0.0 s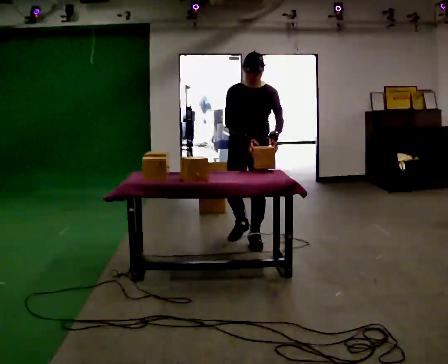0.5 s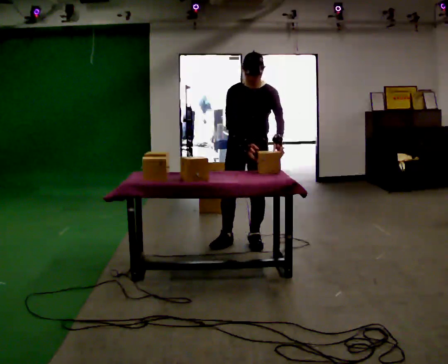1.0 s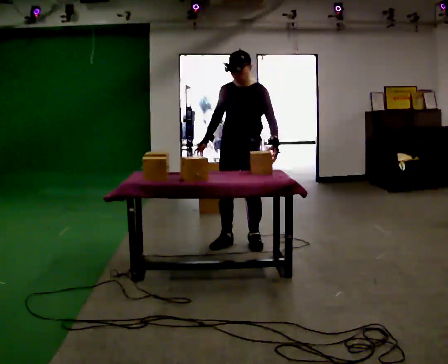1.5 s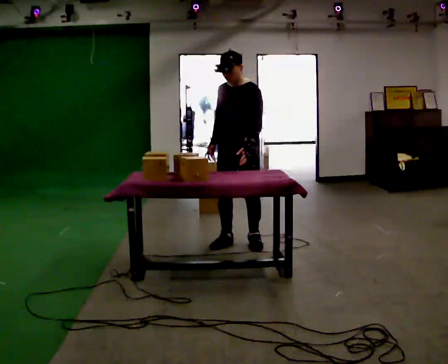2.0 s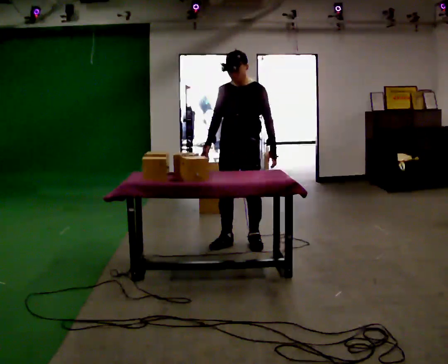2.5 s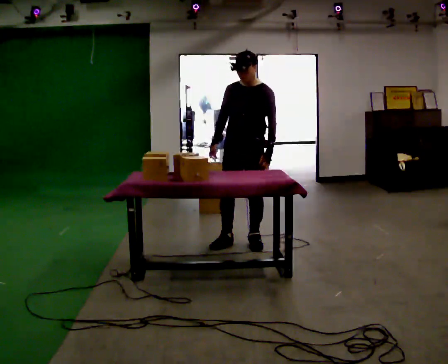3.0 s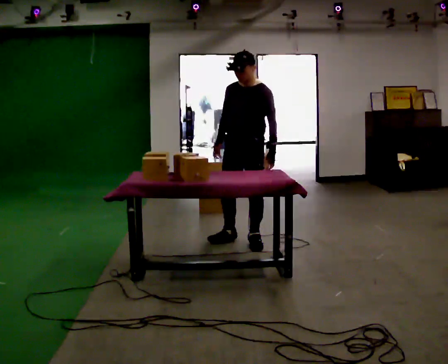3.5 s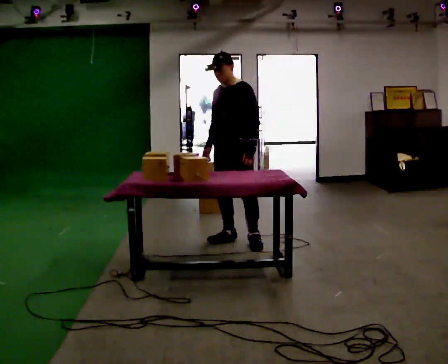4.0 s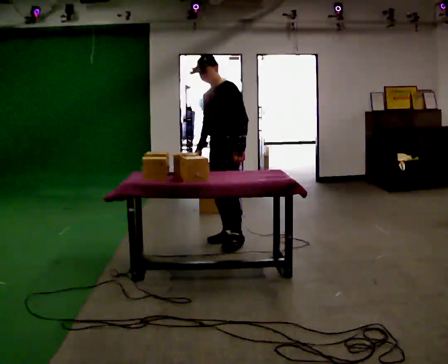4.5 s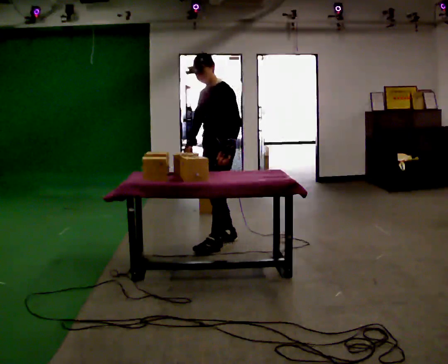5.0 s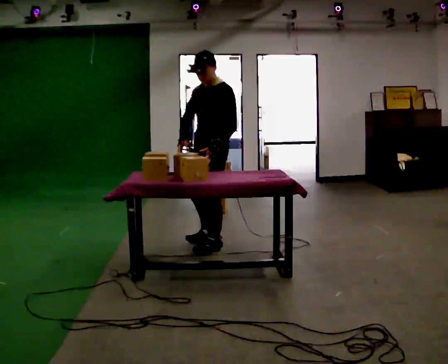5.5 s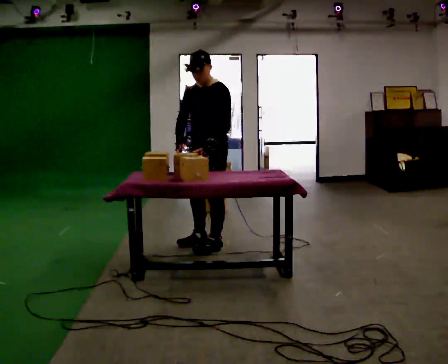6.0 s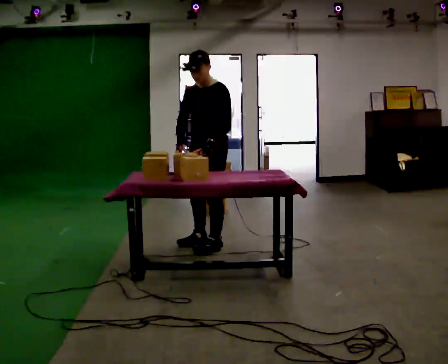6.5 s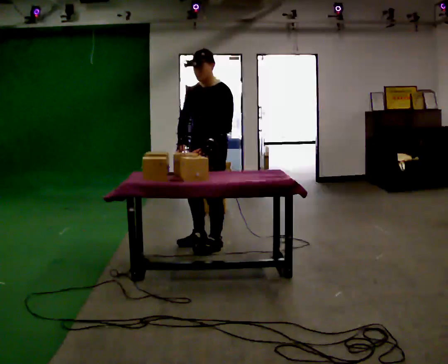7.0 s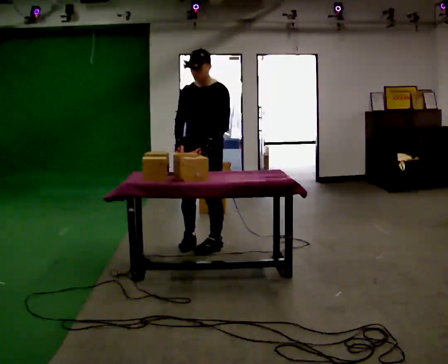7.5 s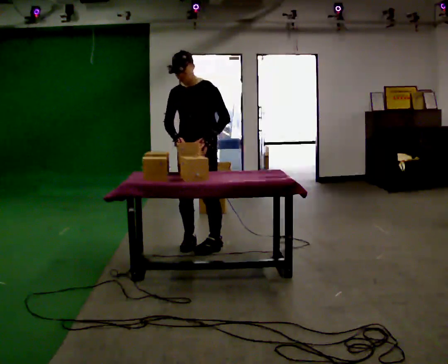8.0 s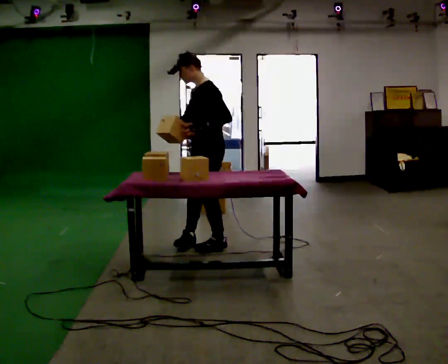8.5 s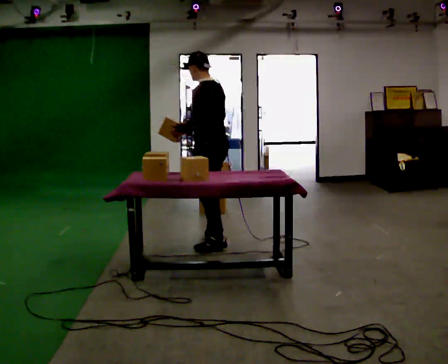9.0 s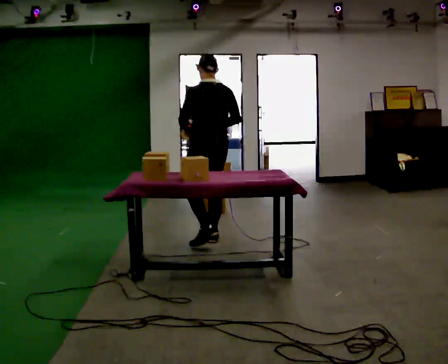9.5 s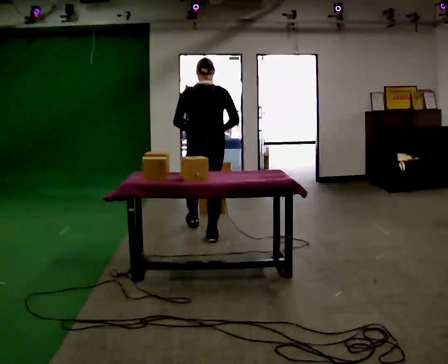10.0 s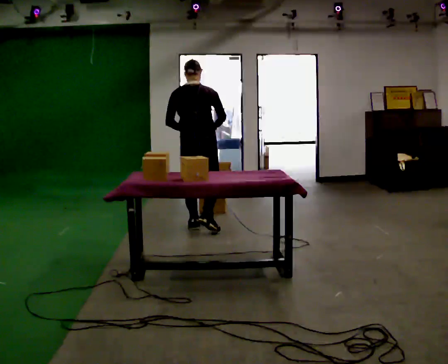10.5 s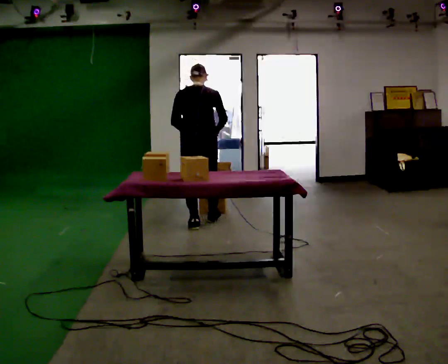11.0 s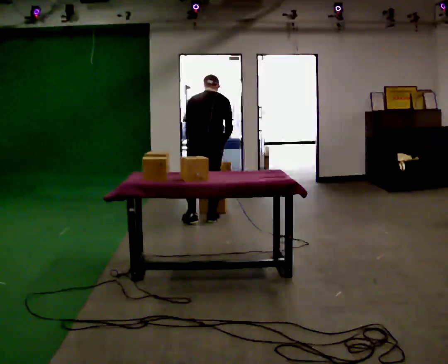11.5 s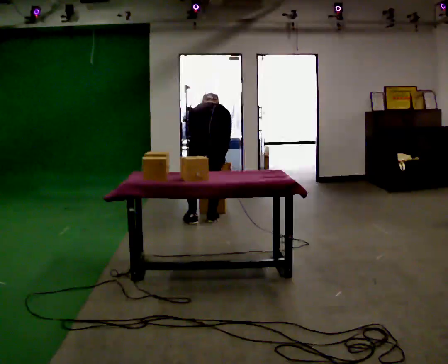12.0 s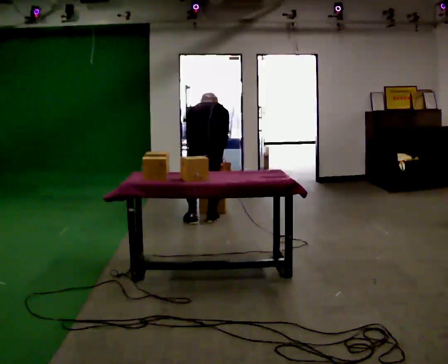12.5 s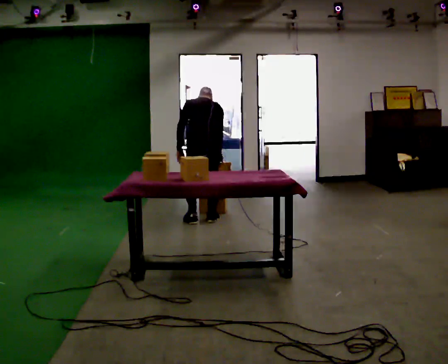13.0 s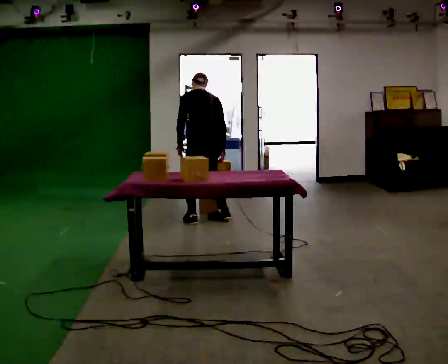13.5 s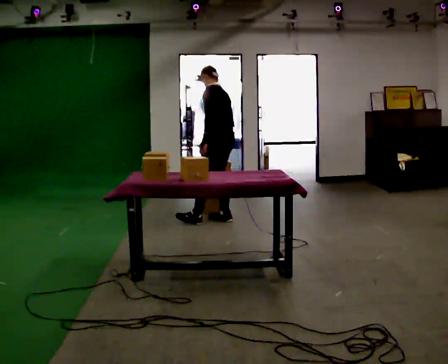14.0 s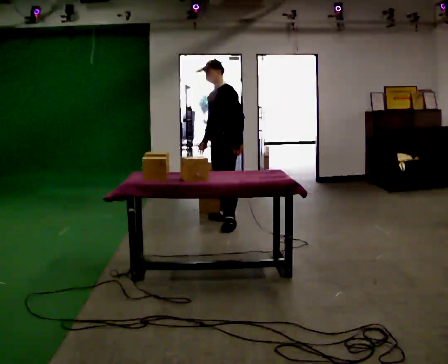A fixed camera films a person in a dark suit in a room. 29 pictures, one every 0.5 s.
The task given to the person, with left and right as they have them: Carry the object across the room and slide it into the slot on the shelf. It is a close fit, so take the time you need. Keep going until the operator says stop; one object at a time, and do not rush between trips.
0.0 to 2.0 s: In the picture their right hand goes to the left.
2.0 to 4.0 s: Seen from above the body turns clockwise, about 30 degrees: to their right, with its near side sliding to the left.
4.0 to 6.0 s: In the picture they go toward the camera, about 0.25 m in 2 steps, which for them is forward.
6.0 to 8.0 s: The part of the body nearest the lens slides to the left as the person turns to their right by about 30 degrees.
8.0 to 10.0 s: The part of the body nearest the lens slides to the left as the person turns to their right by about 120 degrees. In the picture they go away from the camera, about 0.75 m in 2 steps.
10.0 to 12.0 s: In the picture they go away from the camera, about 0.25 m in 2 steps, which for them is forward. The shoulders move downward. The upper body tips away from the camera, its near side rolling upward, as they bend forward. In the picture their right hand goes downward.
12.0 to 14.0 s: The part of the body nearest the lens slides to the right as the person turns to their left by about 120 degrees. In the picture they go to the right, about 0.25 m in 2 steps. The shoulders move upward. The upper body tips toward the camera, its near side rolling downward, as they lean back or straighten. In the picture their left hand goes to the right.
The film runs forward here.
